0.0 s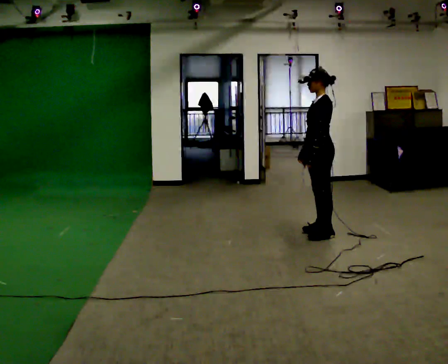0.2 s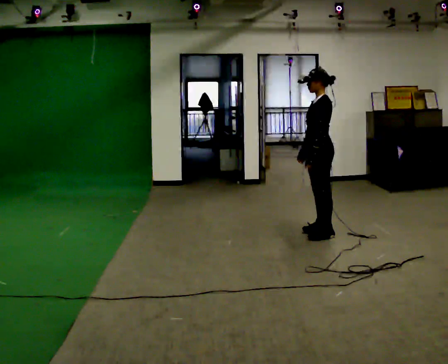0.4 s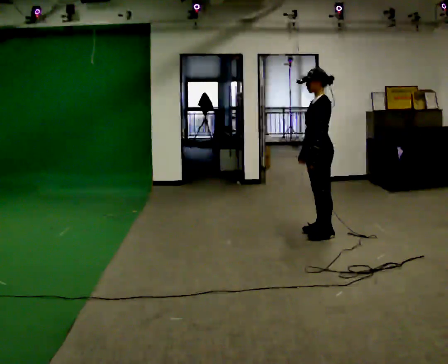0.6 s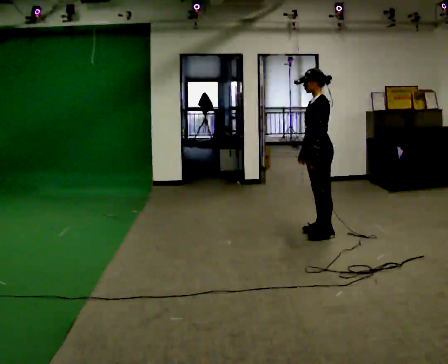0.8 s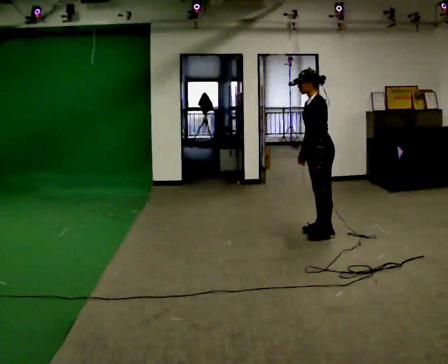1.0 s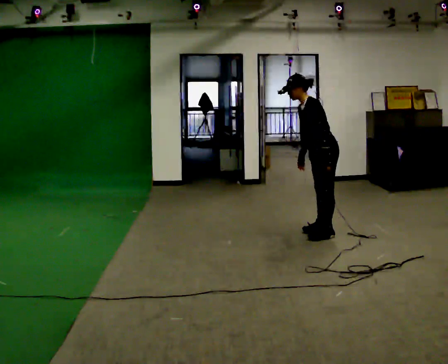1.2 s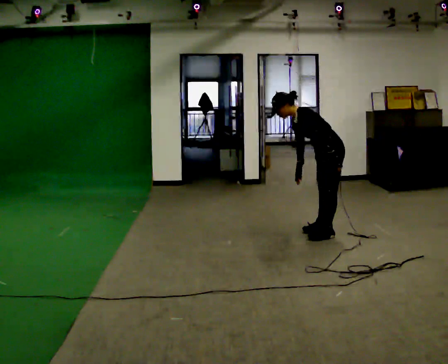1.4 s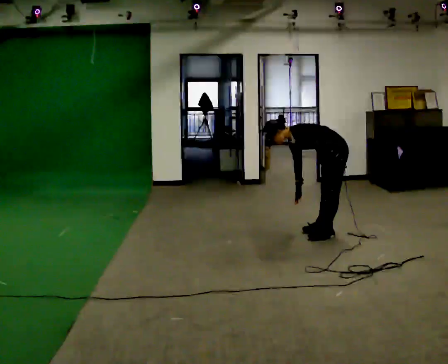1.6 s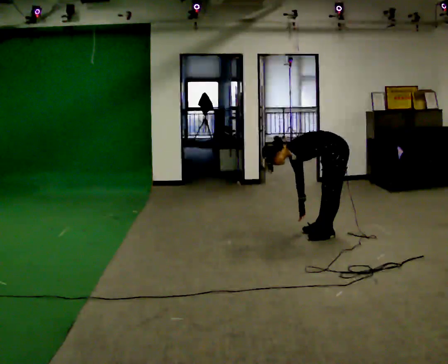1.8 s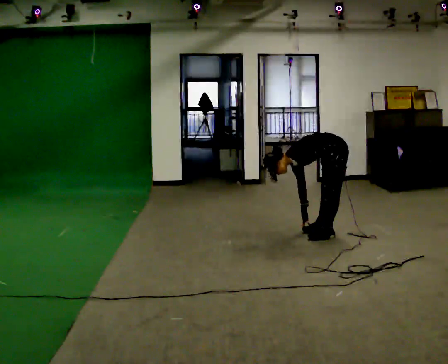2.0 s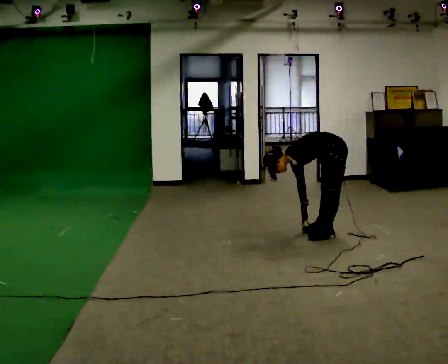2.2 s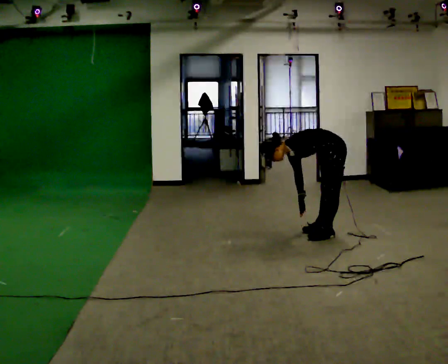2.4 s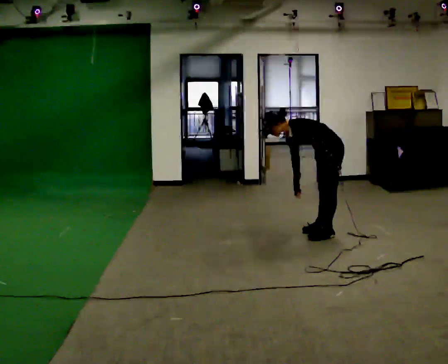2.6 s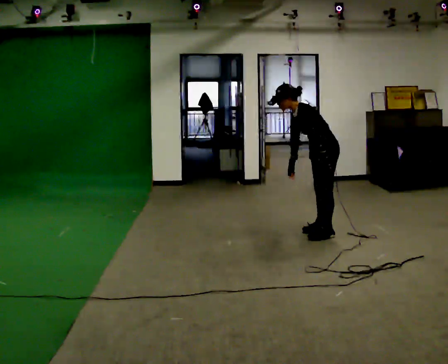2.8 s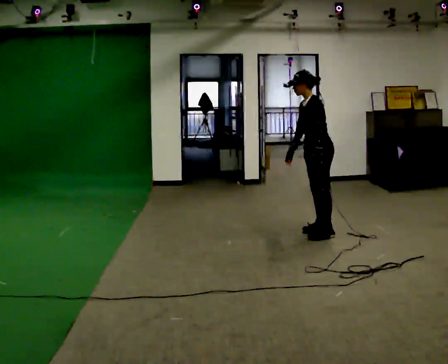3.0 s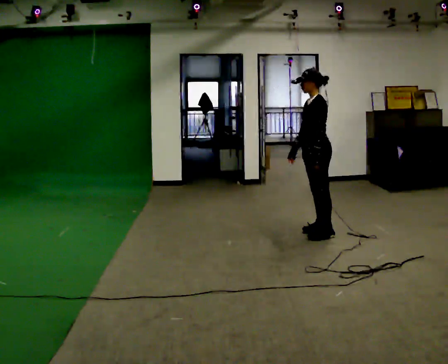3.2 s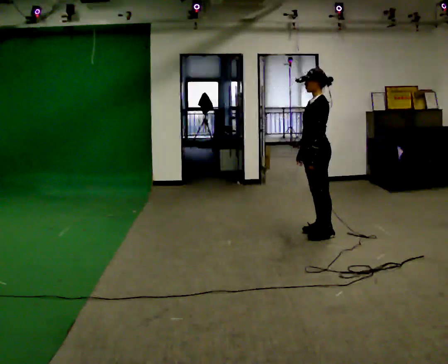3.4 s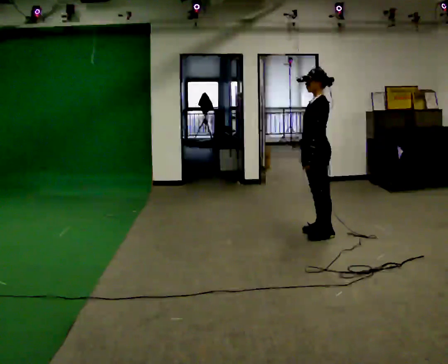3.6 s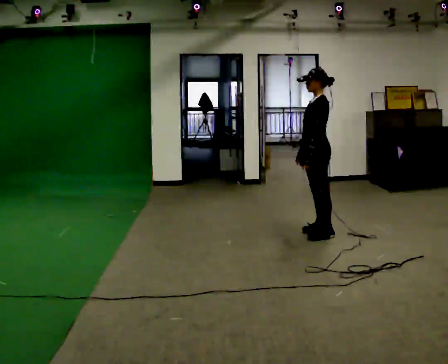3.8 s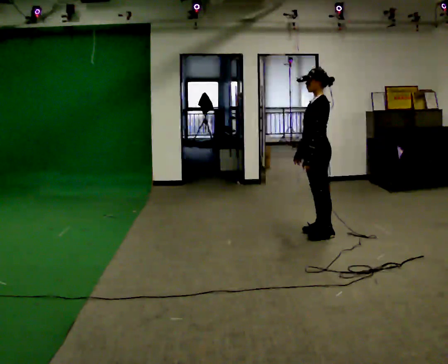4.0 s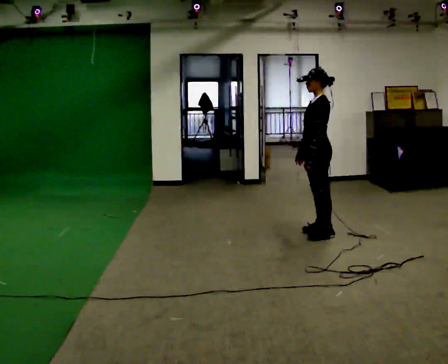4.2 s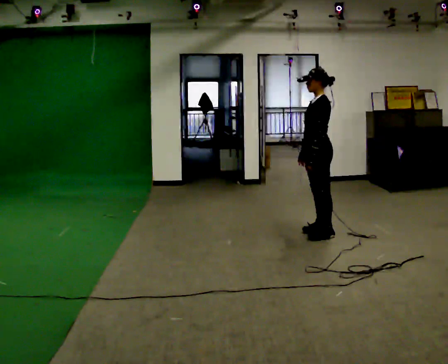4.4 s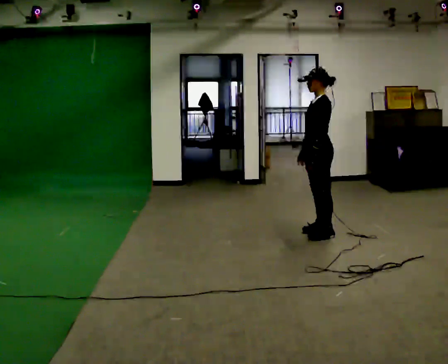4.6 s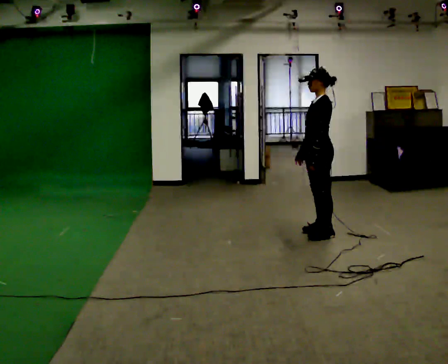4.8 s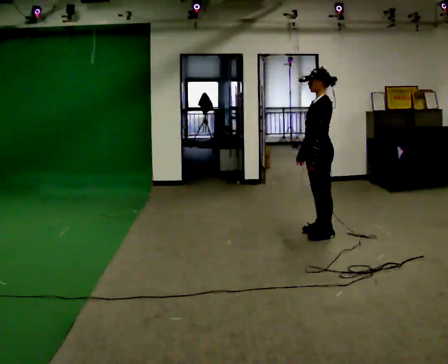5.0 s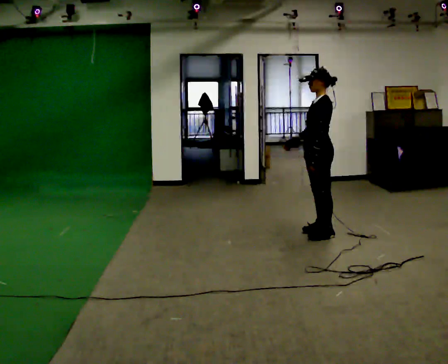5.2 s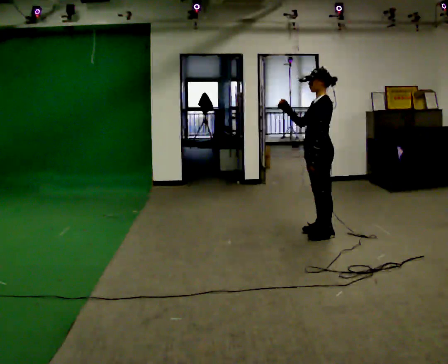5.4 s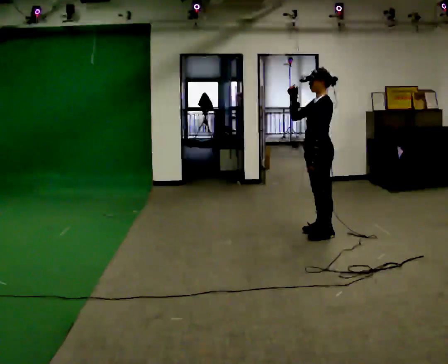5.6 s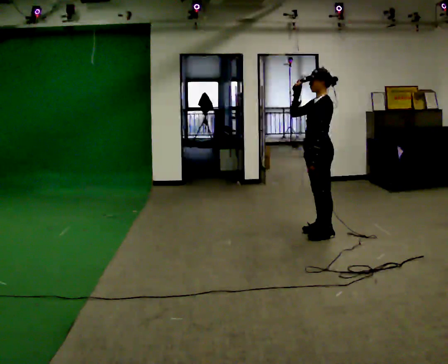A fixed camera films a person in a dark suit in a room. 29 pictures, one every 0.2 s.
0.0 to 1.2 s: The shoulders move downward. In the picture the upper body tilts counterclockwise, shoulders to the left, as they bend forward.
1.2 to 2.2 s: The person moves a little, or ends about where they began.
2.2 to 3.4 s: In the picture they go to the left, about 0.25 m, which for them is forward. The shoulders move upward. In the picture the upper body tilts clockwise, shoulders to the right, as they lean back or straighten.
3.4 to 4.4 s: The person moves a little, or ends about where they began.
4.4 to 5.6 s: In the picture their right hand goes upward.
The film runs forward here.
